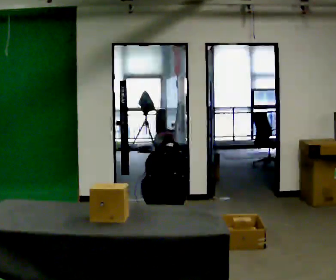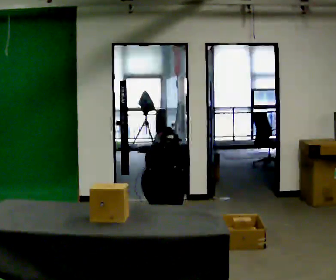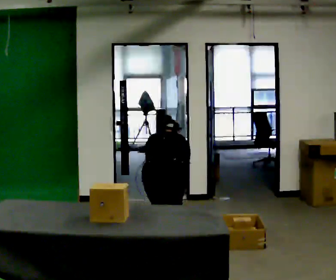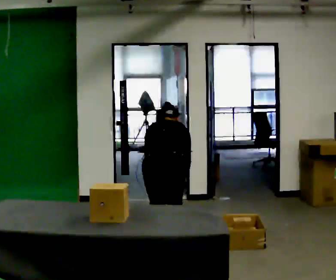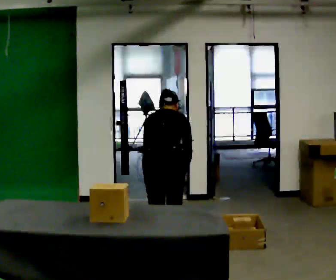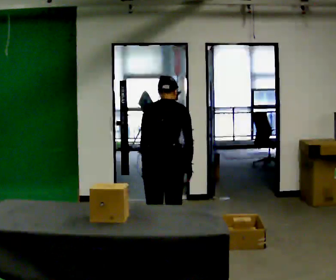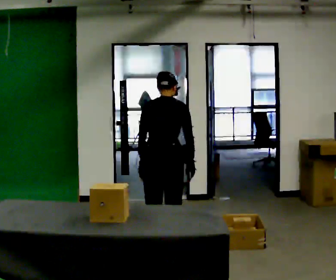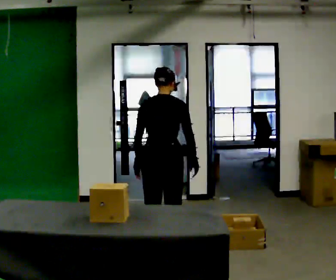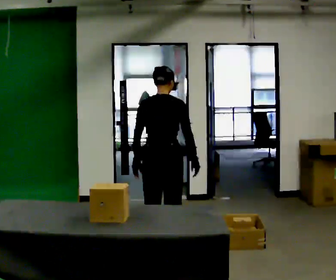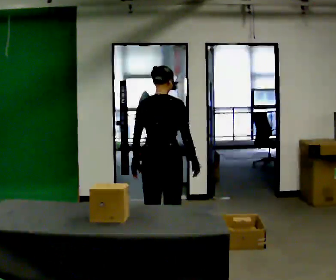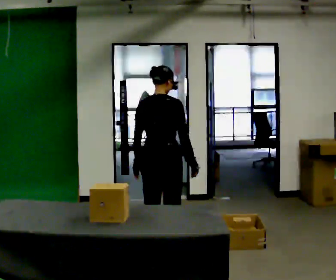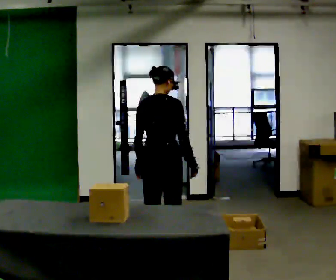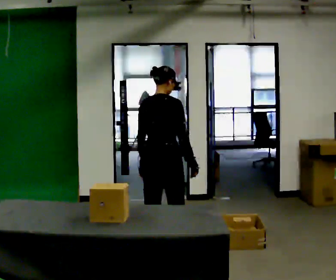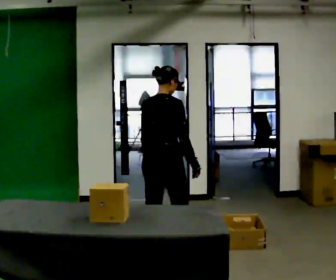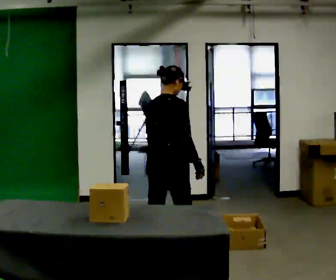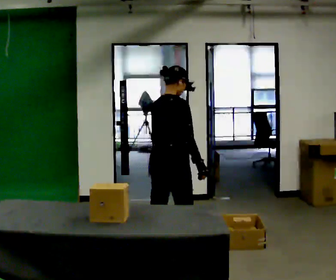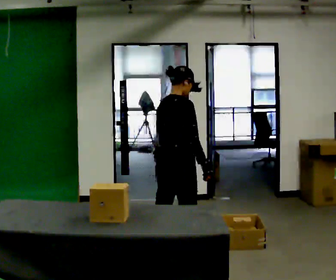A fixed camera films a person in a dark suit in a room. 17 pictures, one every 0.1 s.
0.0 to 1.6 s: Seen from above the body turns clockwise, about 45 degrees: to their right, with its near side sliding to the left. The upper body goes upward. The upper body tips toward the camera, its near side rolling downward, as they lean back or straighten. In the picture their right hand goes upward.
The film runs forward here.
